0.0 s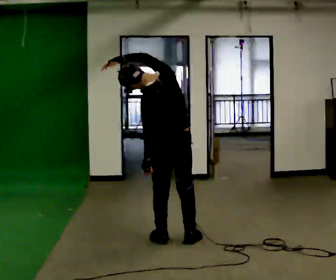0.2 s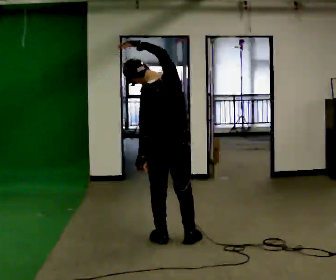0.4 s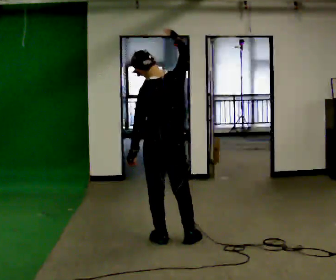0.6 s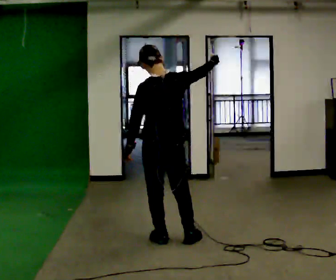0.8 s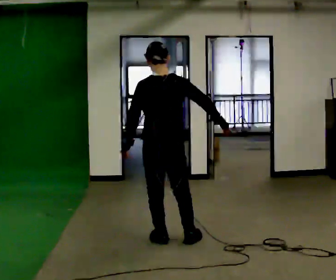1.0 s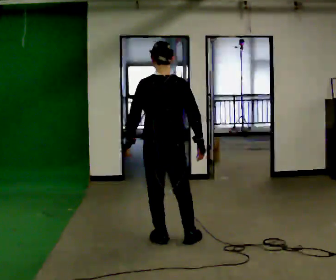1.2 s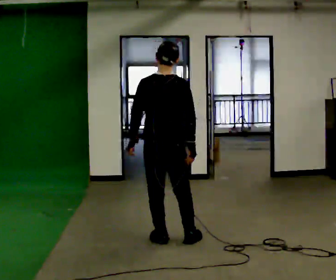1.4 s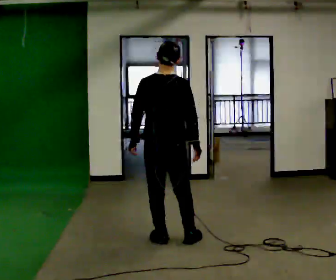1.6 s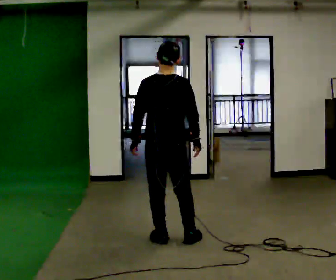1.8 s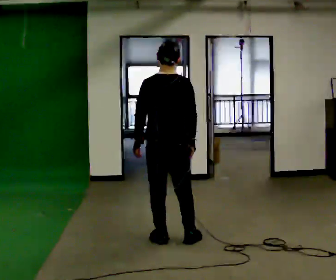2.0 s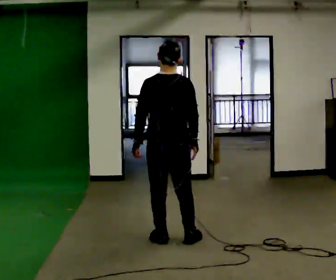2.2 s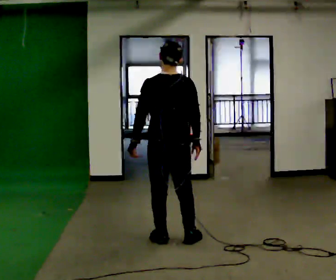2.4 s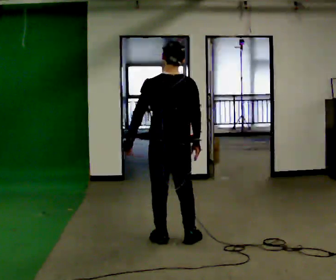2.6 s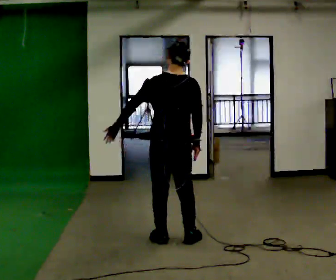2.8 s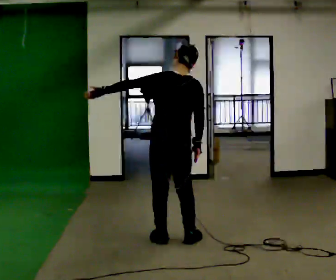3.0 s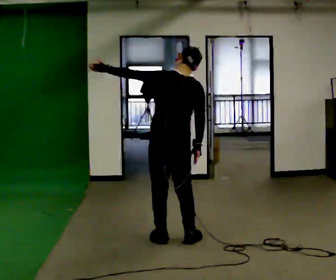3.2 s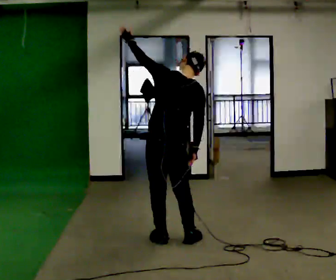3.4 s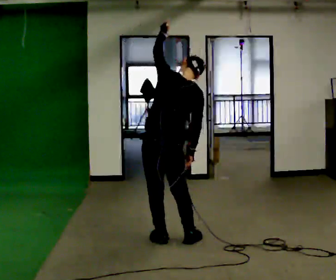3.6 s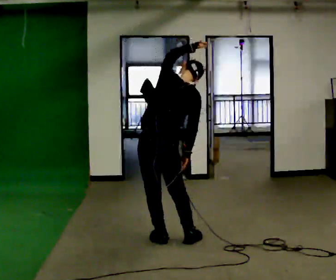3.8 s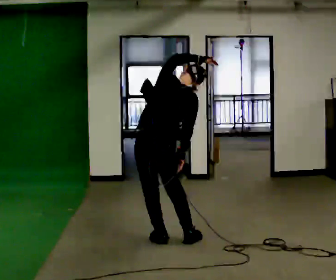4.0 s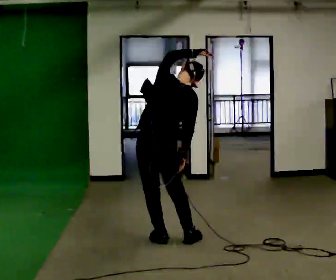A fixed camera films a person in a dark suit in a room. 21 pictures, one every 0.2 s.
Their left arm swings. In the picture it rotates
clockwise.
The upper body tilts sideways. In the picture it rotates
clockwise.
0.0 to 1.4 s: In the picture the upper body tilts clockwise, shoulders to the right. In the picture their right hand goes downward and to the right, the arm swinging clockwise.
1.4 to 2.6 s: The person moves a little, or ends about where they began.
2.6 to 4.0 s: In the picture the upper body tilts clockwise, shoulders to the right. In the picture their left hand goes to the right and upward, the arm swinging clockwise.
The film runs forward here.
